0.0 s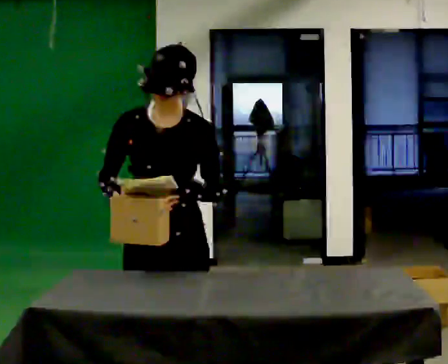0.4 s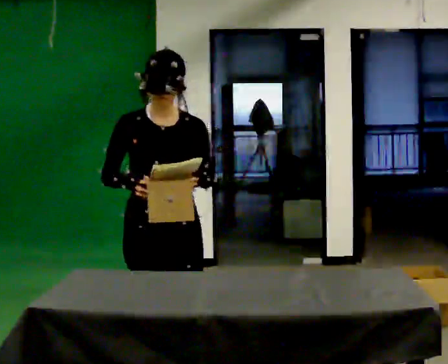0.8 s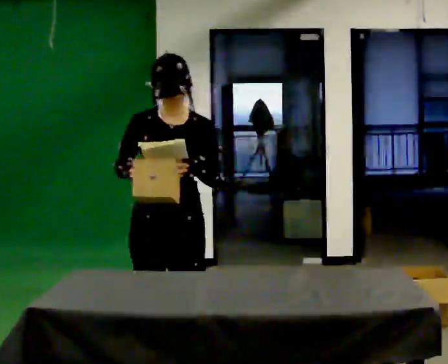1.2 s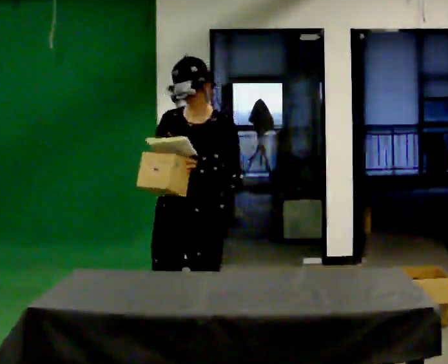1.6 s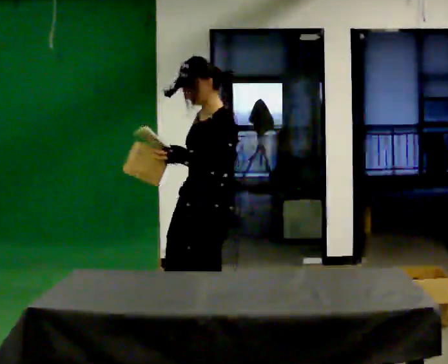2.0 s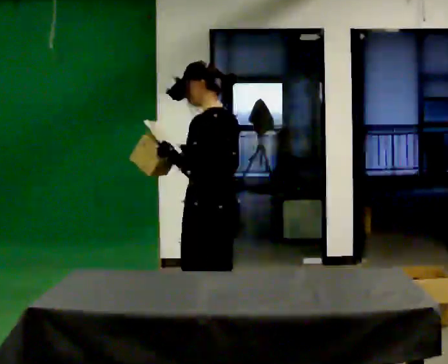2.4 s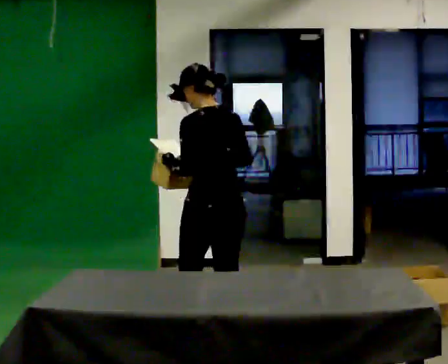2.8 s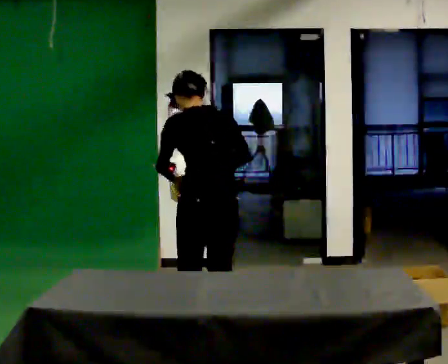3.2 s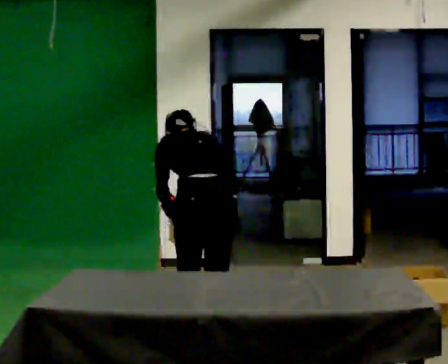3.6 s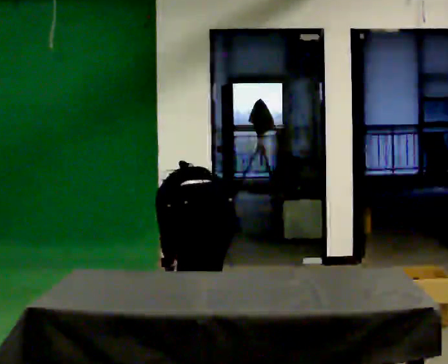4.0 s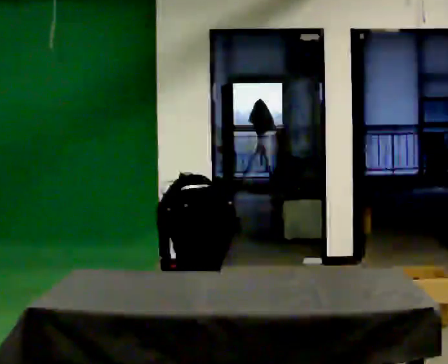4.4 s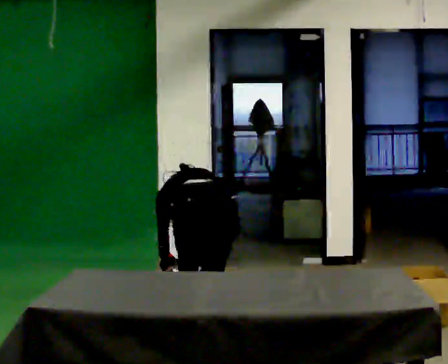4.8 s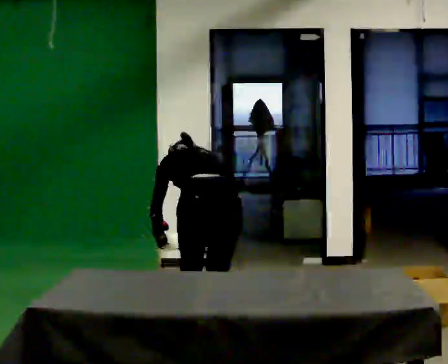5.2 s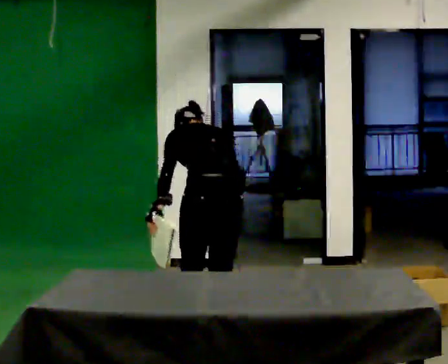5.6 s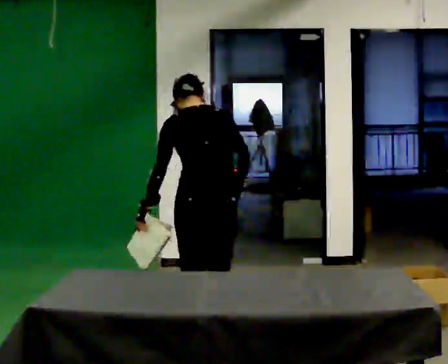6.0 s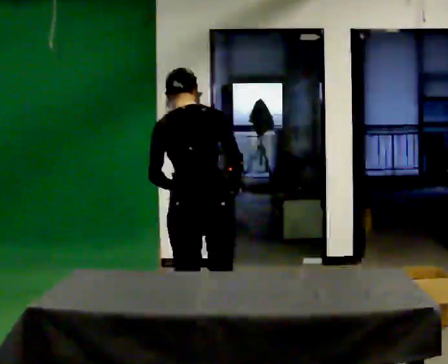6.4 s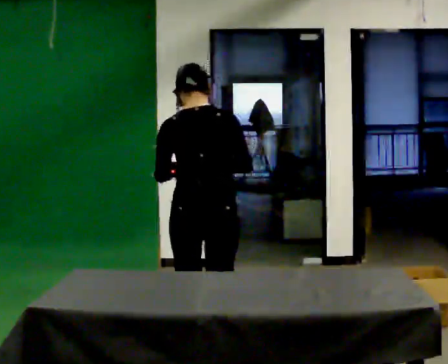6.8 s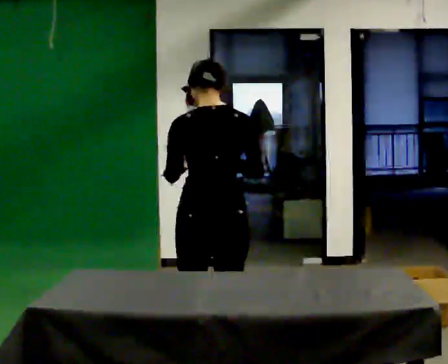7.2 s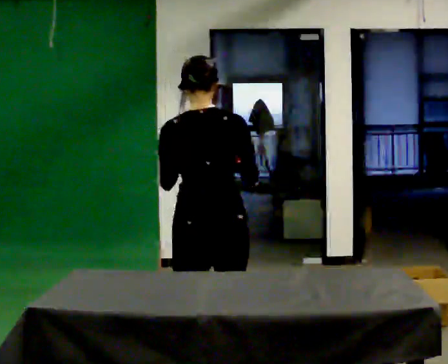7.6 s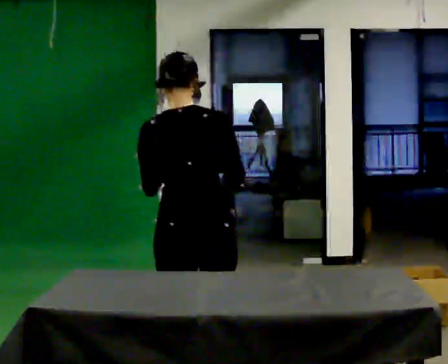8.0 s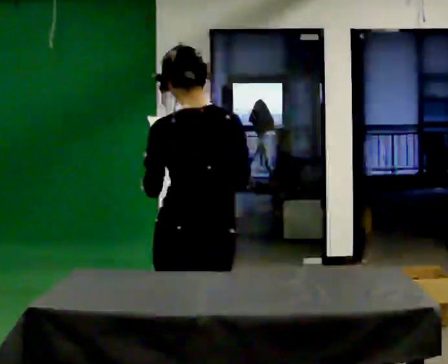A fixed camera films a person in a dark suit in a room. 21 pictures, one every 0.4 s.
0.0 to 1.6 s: Seen from above the body turns clockwise, about 60 degrees: to their right, with its near side sliding to the left. In the picture they go away from the camera, about 1 m in 2 steps.
1.6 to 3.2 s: Seen from above the body turns clockwise, about 90 degrees: to their right, with its near side sliding to the left. In the picture they go away from the camera, about 0.25 m in 1 step. The upper body tips away from the camera, its near side rolling upward, as they bend forward. In the picture their right hand goes downward.
3.2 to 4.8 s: The person moves a little, or ends about where they began.
4.8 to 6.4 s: The person turns about 30 degrees to their right, clockwise seen from above, so the part of the body nearest the lens slides to the left. In the picture they go toward the camera, about 0.25 m in 2 steps, which for them is backward. The upper body goes upward. The upper body tips toward the camera, its near side rolling downward, as they lean back or straighten. In the picture their right hand goes upward.
6.4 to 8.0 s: In the picture they go toward the camera, about 0.75 m in 2 steps, which for them is backward.
The film runs backward here.
